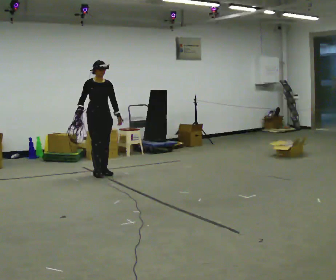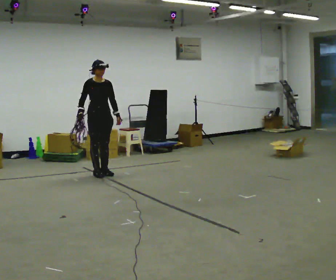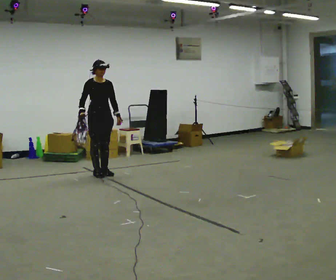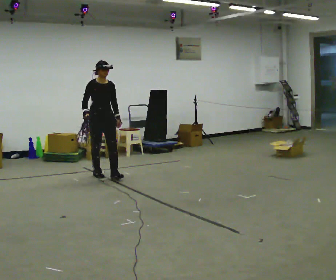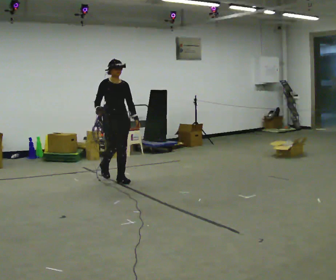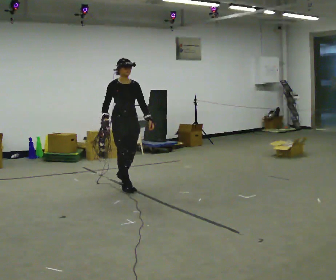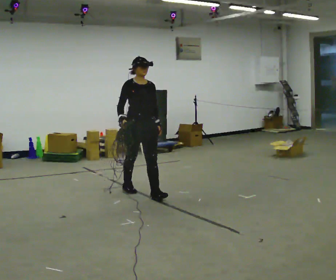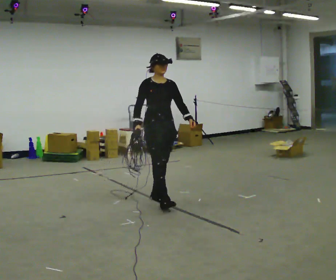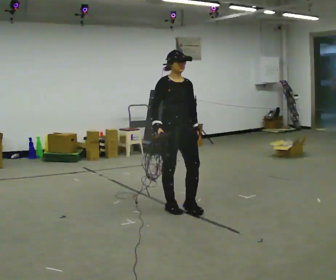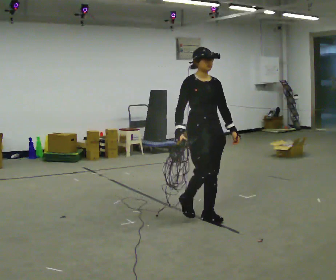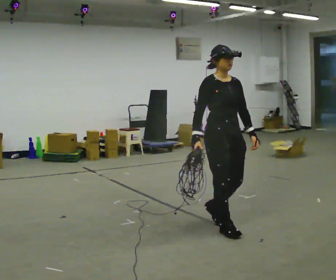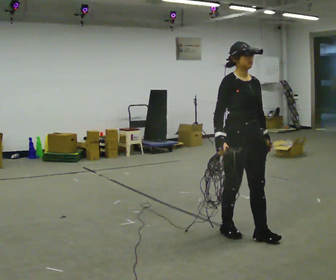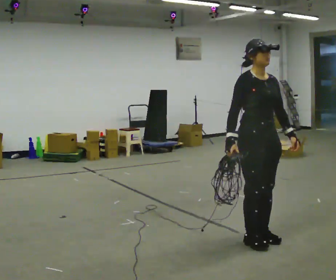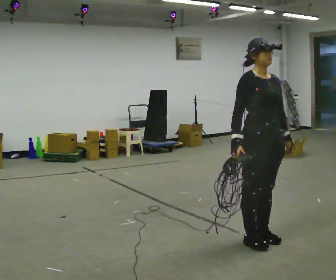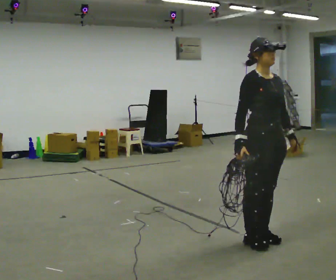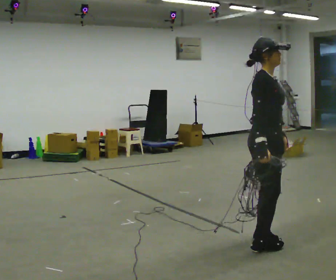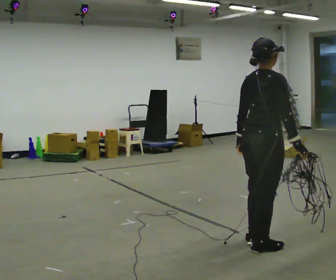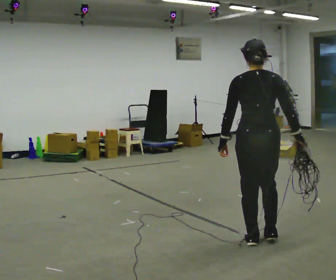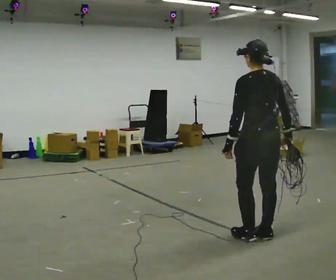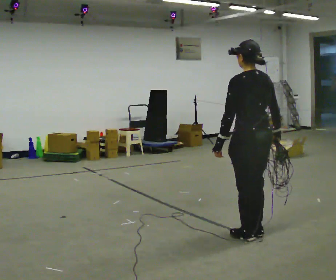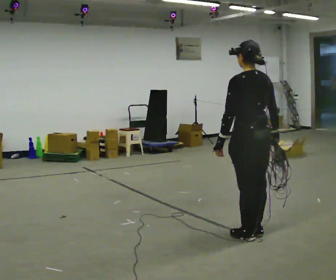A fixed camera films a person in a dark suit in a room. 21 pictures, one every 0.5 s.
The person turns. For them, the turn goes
to their left.
The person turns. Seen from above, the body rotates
counterclockwise.
0.0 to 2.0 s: In the picture they go toward the camera and to the right, about 0.5 m in 1 step, which for them is forward.
2.0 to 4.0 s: In the picture they go toward the camera and to the right, about 1.5 m in 3 steps, which for them is forward.
4.0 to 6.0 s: In the picture they go toward the camera and to the right, about 1 m in 4 steps, which for them is forward.
6.0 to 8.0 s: The person turns about 90 degrees to their left, counterclockwise seen from above, so the part of the body nearest the lens slides to the right. In the picture their left hand goes to the left, the arm swinging clockwise.
8.0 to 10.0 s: The part of the body nearest the lens slides to the right as the person turns to their left by about 90 degrees. In the picture they go away from the camera, about 0.25 m in 1 step.
The film runs forward here.
